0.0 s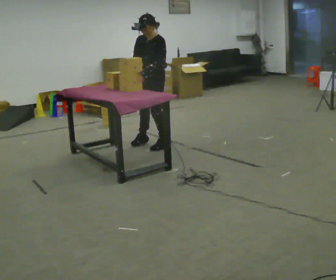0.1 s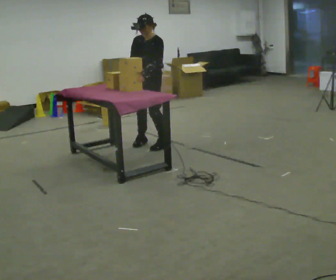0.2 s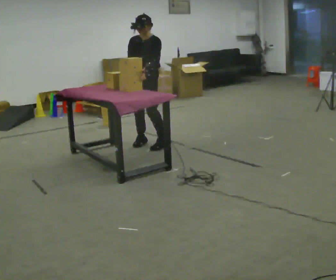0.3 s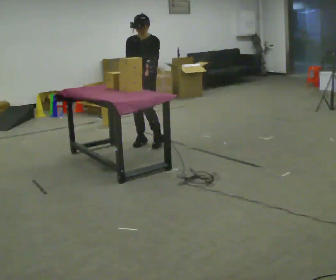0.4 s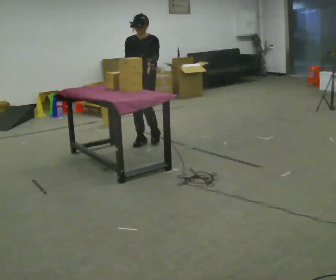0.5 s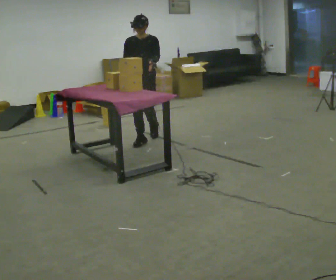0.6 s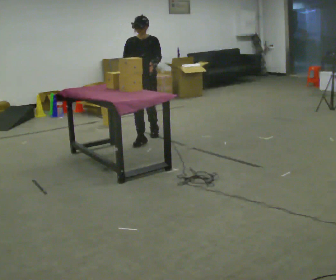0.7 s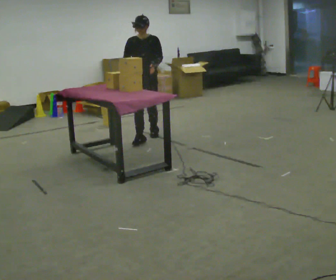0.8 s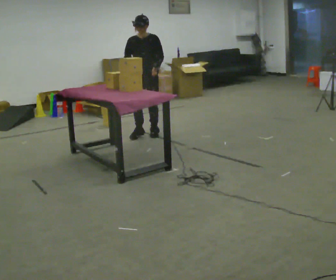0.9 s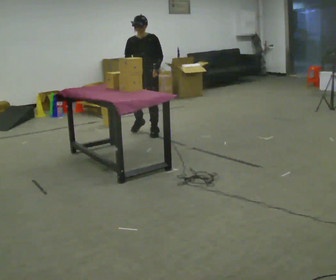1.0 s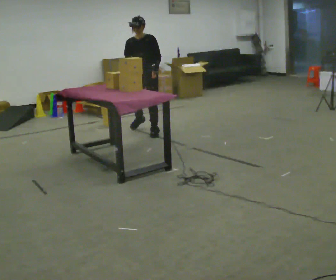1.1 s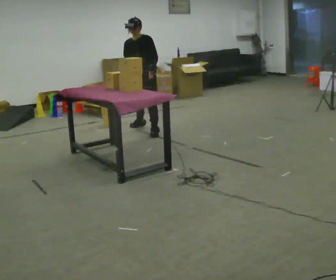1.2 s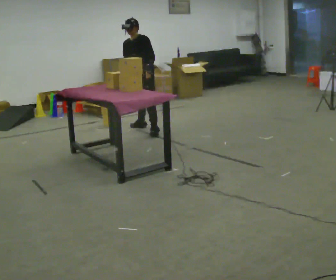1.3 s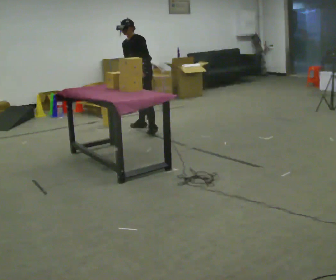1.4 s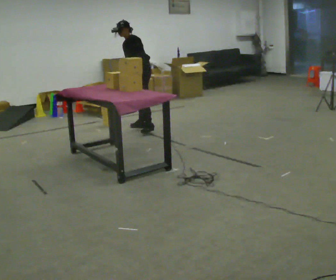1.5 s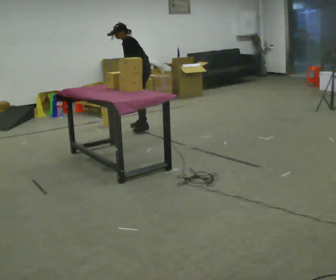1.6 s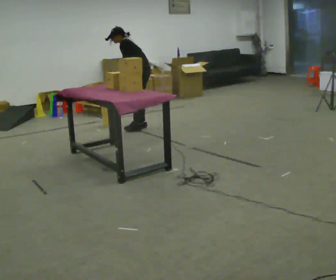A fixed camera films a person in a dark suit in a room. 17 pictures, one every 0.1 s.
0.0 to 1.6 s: Seen from above the body turns clockwise, about 30 degrees: to their right, with its near side sliding to the left. In the picture they go away from the camera, about 1 m in 3 steps. The upper body tips away from the camera, its near side rolling upward.
The film runs backward here.
